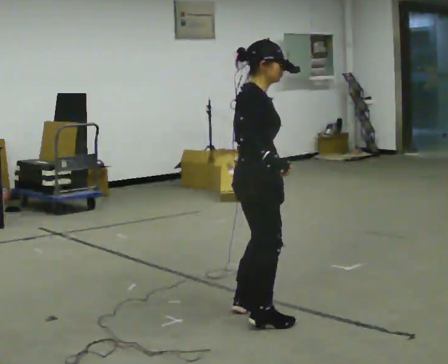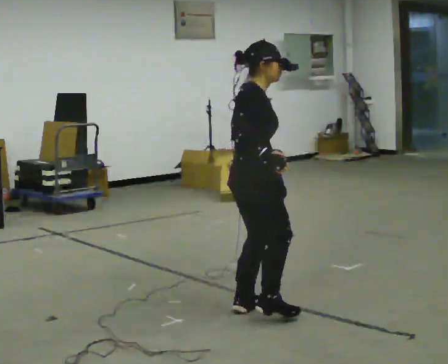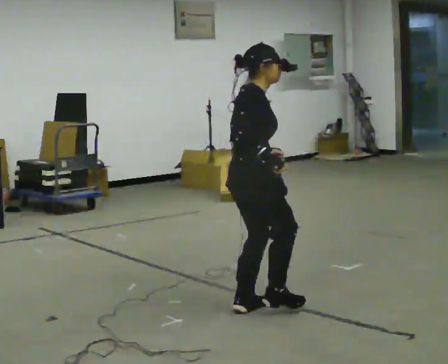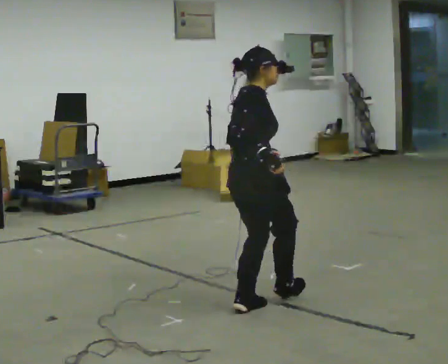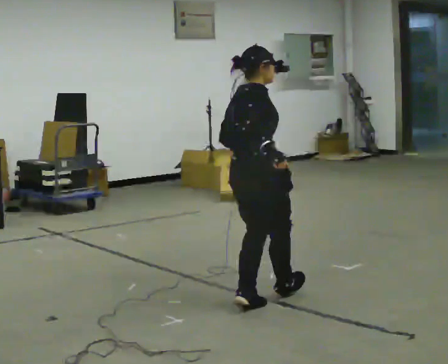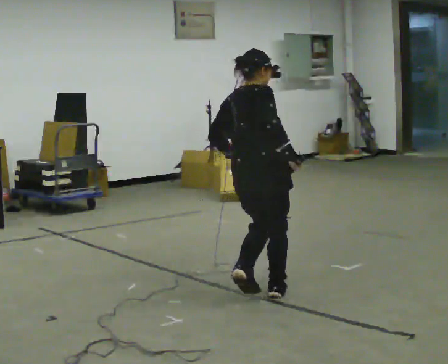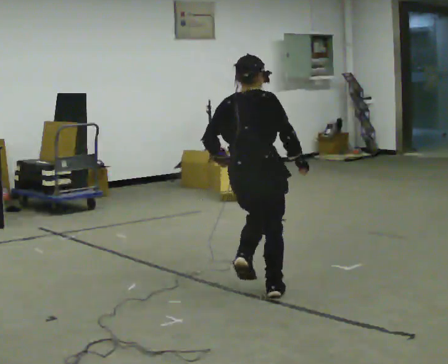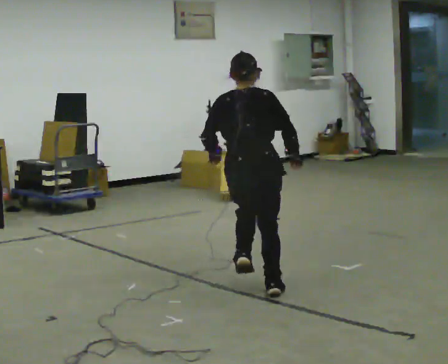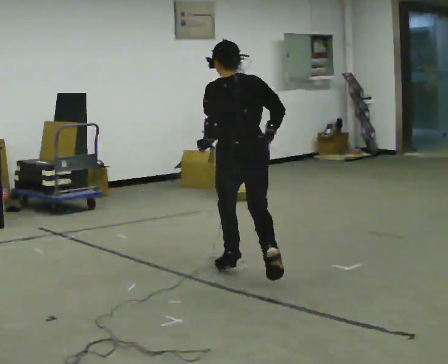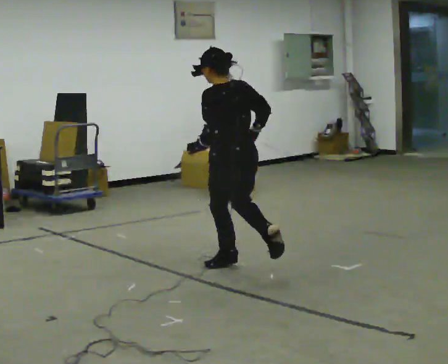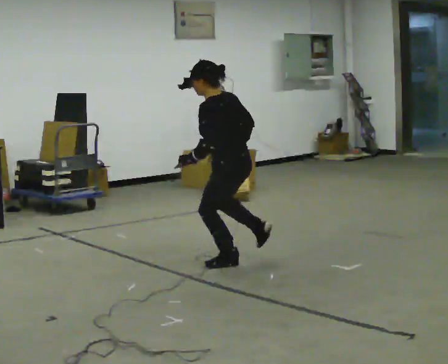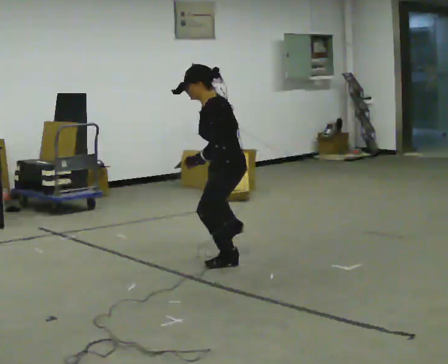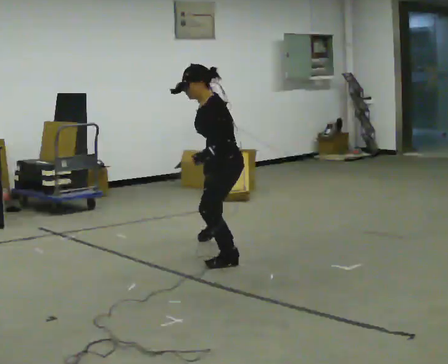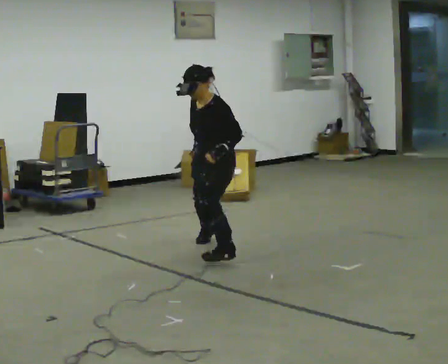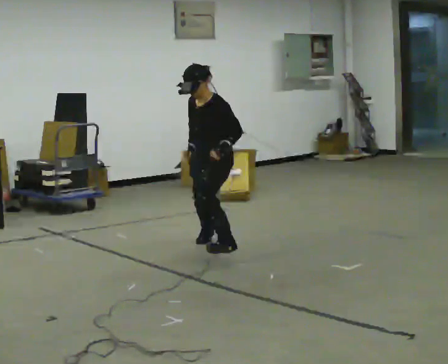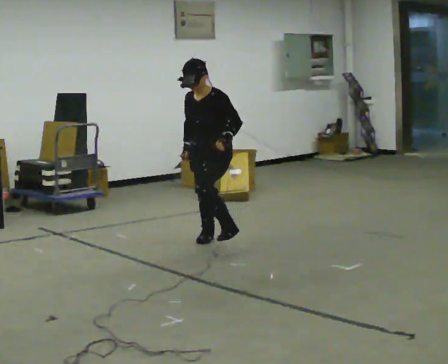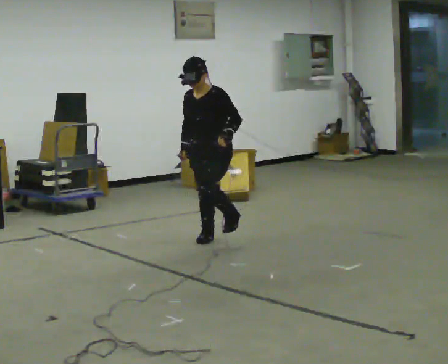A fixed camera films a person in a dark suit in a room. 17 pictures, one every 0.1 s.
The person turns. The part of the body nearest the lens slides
to the right.
The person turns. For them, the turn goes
to their left.
0.0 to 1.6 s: The part of the body nearest the lens slides to the right as the person turns to their left by about 240 degrees. In the picture they go away from the camera, about 2 m in 3 steps.
The film runs backward here.
